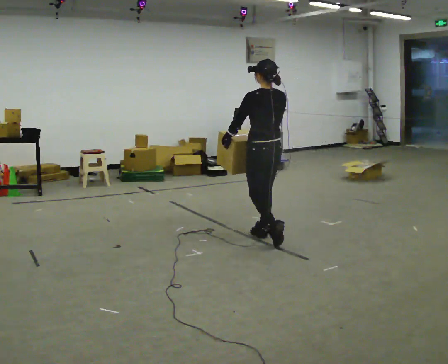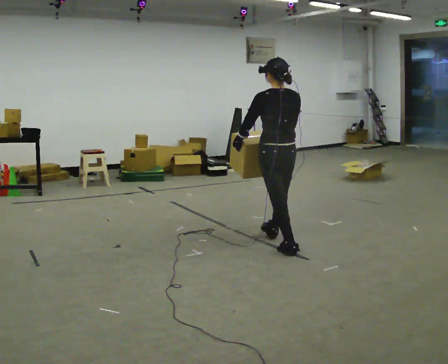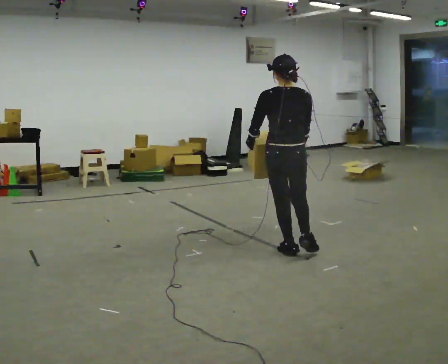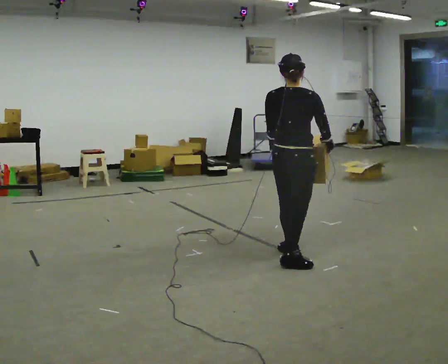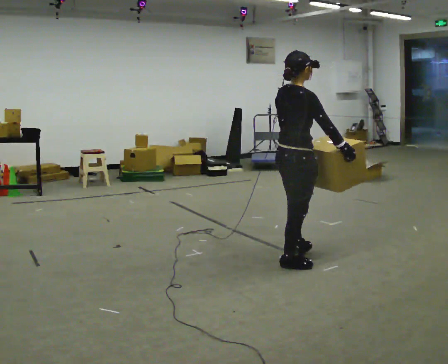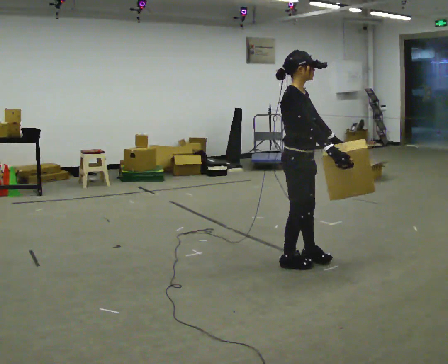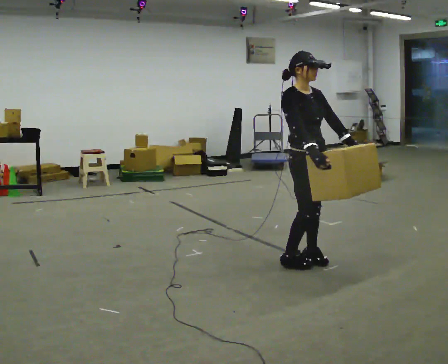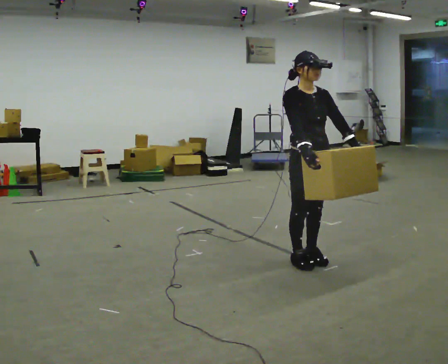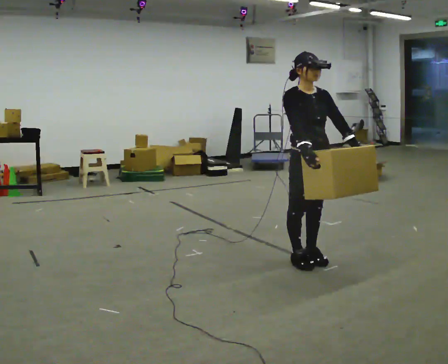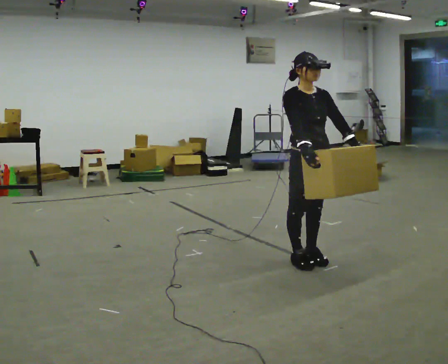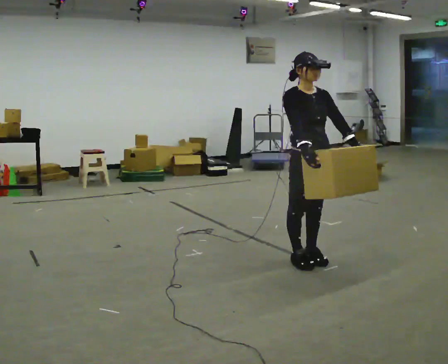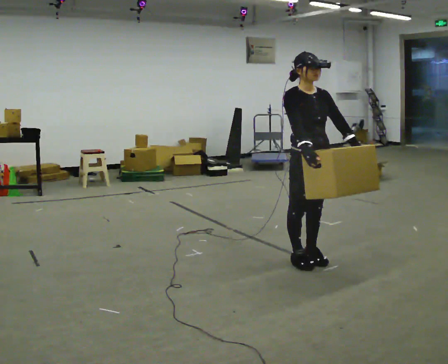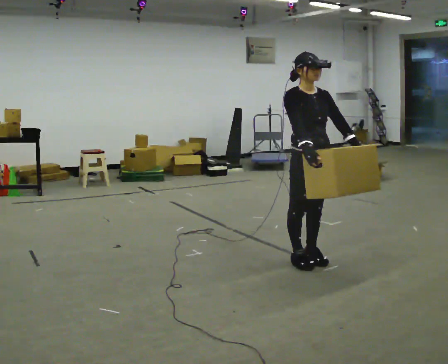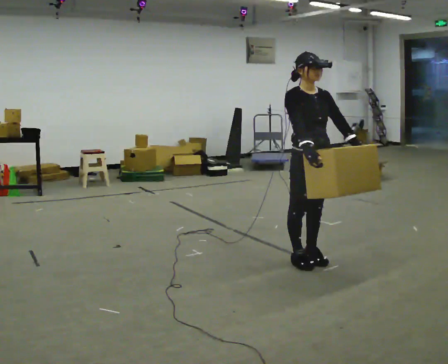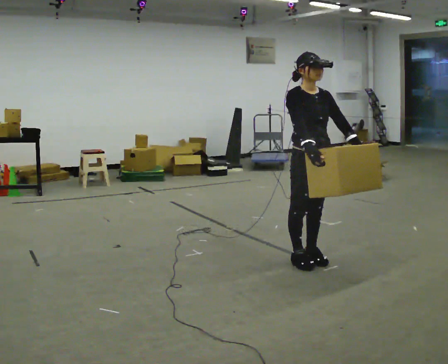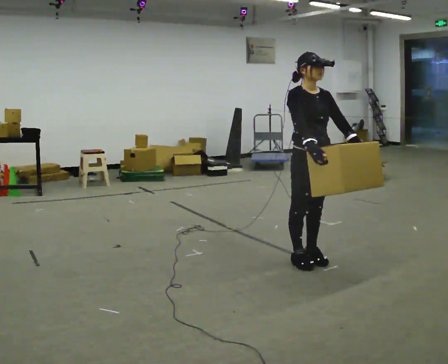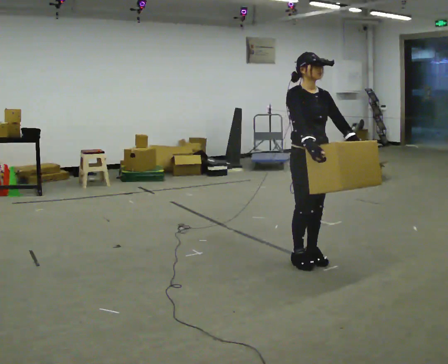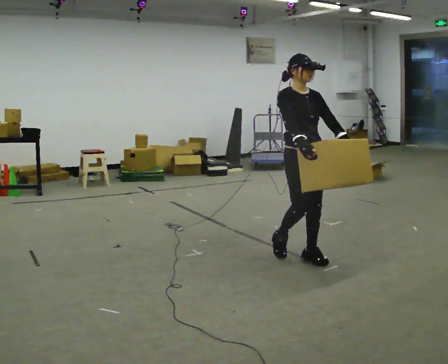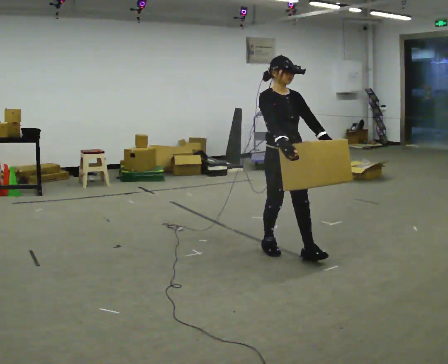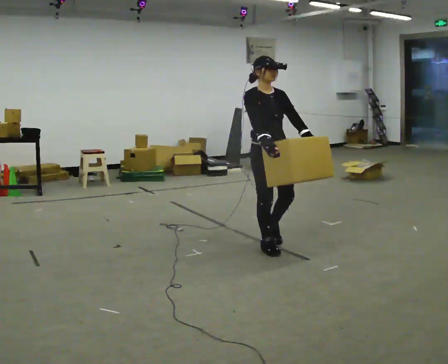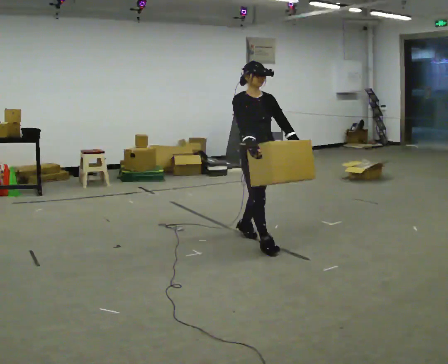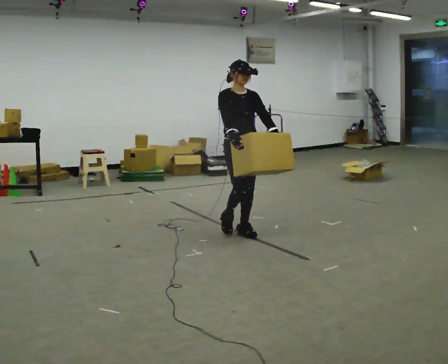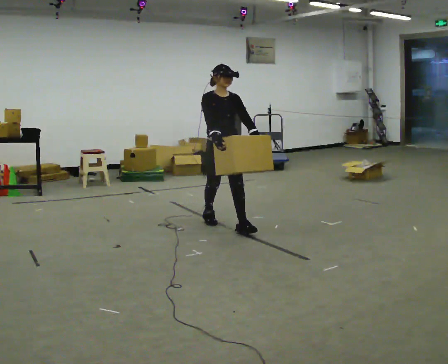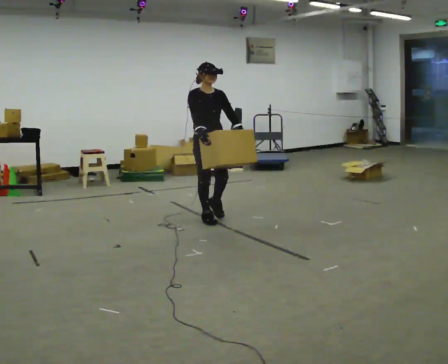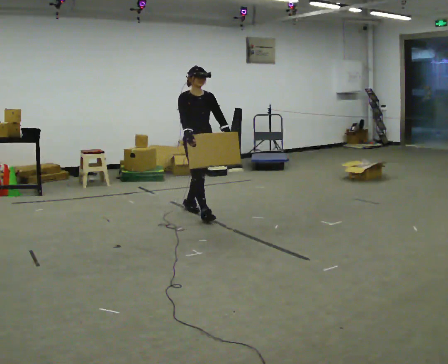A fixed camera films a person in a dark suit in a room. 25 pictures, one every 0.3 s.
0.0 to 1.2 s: The part of the body nearest the lens slides to the left as the person turns to their right by about 90 degrees. In the picture they go toward the camera and to the right, about 0.75 m in 1 step.
1.2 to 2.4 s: The person turns about 90 degrees to their right, clockwise seen from above, so the part of the body nearest the lens slides to the left.
2.4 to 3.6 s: The person keeps their place and pose.
3.6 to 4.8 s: The person moves a little, or ends about where they began.
4.8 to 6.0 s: In the picture they go to the left and away from the camera, about 0.5 m in 2 steps, which for them is backward.
6.0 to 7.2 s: In the picture they go away from the camera and to the left, about 1 m in 2 steps, which for them is backward.
The film runs backward here.
